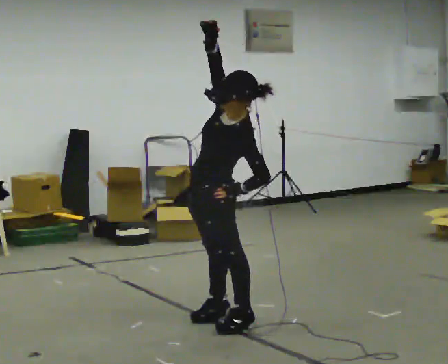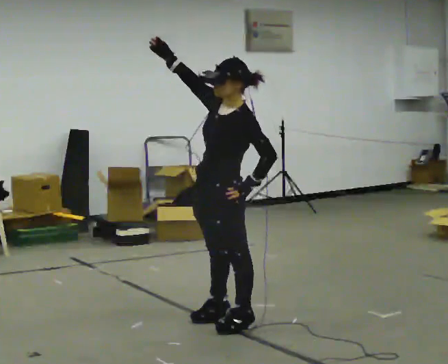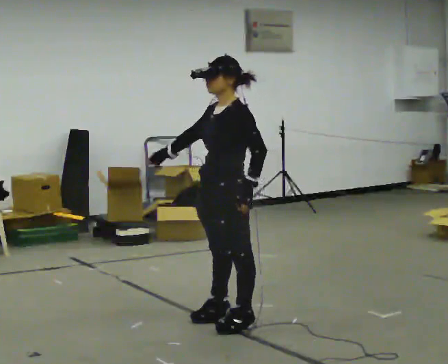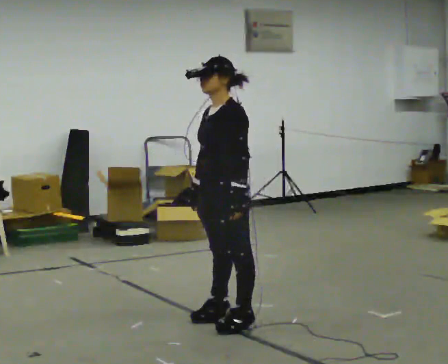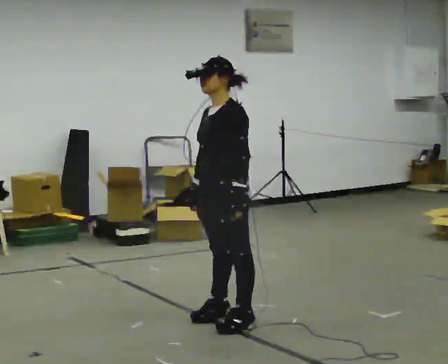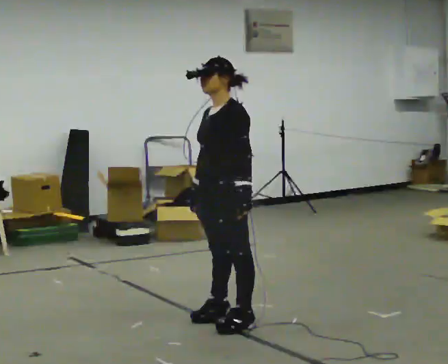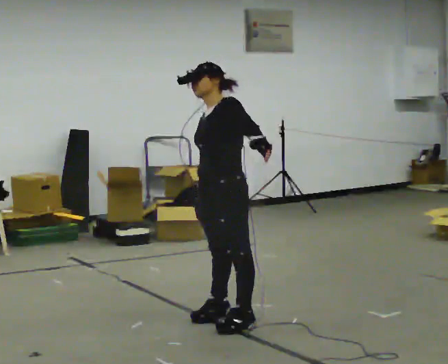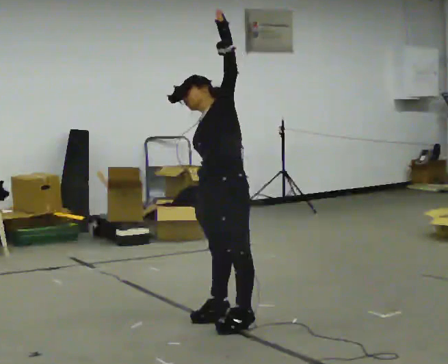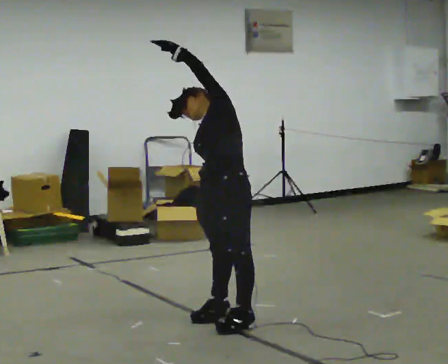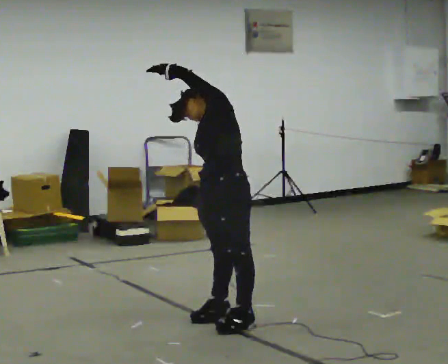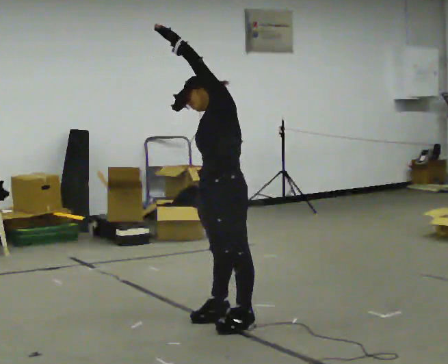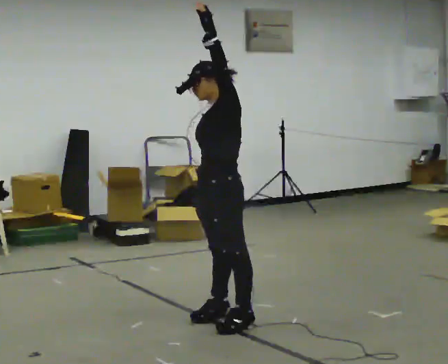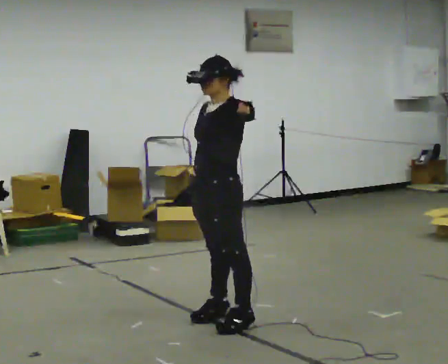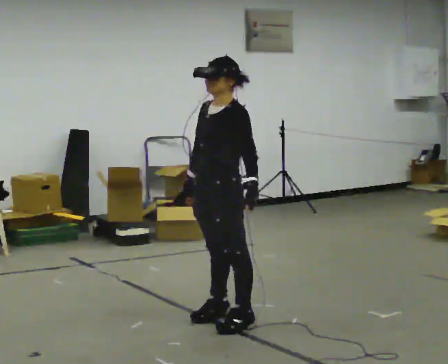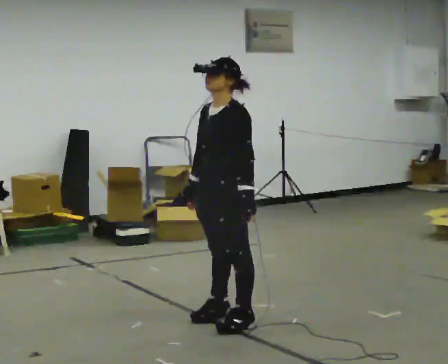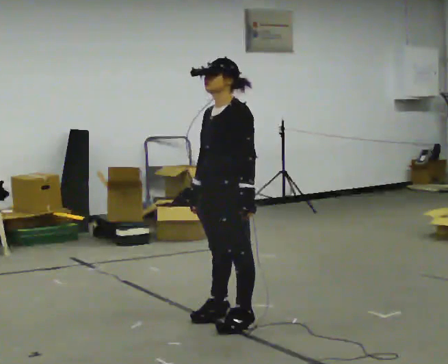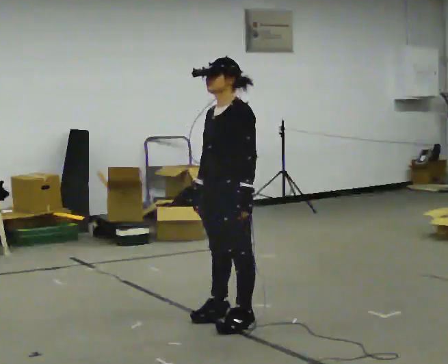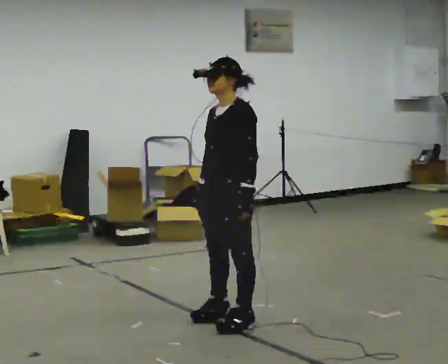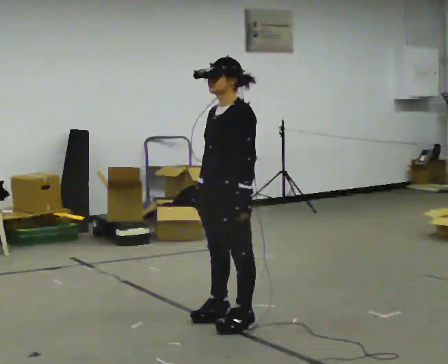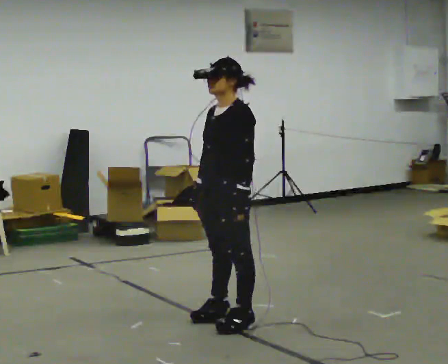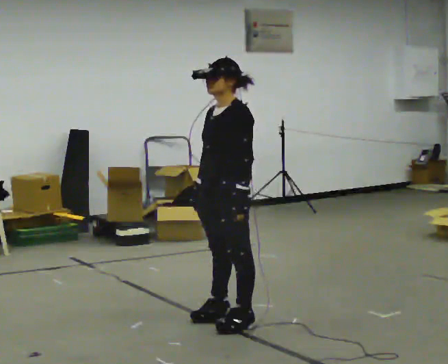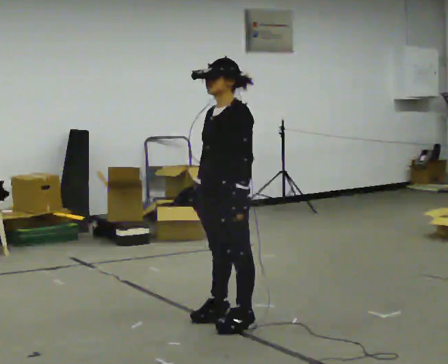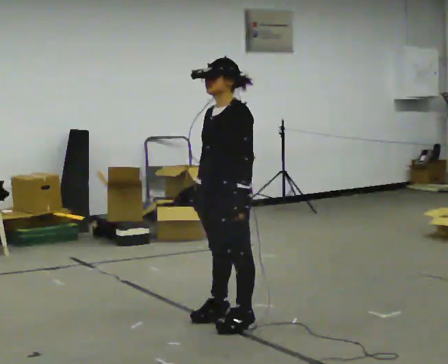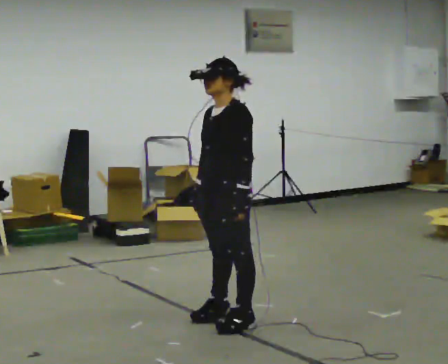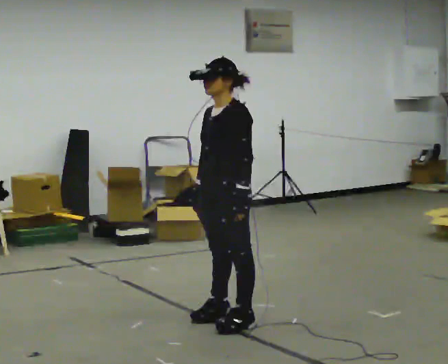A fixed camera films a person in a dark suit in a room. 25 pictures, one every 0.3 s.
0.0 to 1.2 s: The upper body tips away from the camera, its near side rolling upward. In the picture their right hand goes downward, the arm swinging counterclockwise.
1.2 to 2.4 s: The upper body tips away from the camera, its near side rolling upward. In the picture their left hand goes upward and to the left.
2.4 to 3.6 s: The upper body tips toward the camera, its near side rolling downward. In the picture their left hand goes to the right and downward.
3.6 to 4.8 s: In the picture their left hand goes downward.
4.8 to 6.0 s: The person moves a little, or ends about where they began.
6.0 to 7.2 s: The person keeps their place and pose.
The film runs forward here.
